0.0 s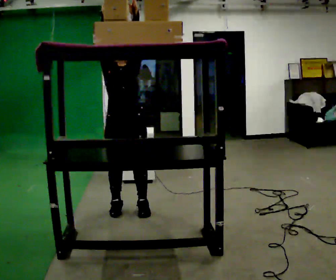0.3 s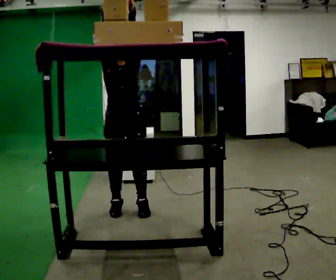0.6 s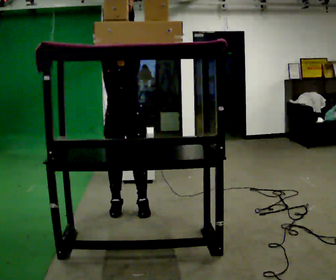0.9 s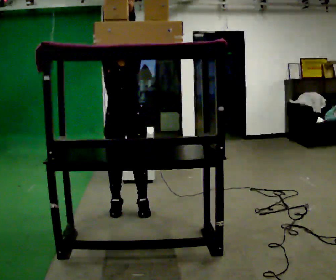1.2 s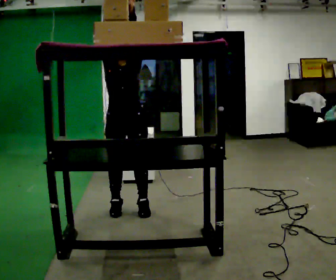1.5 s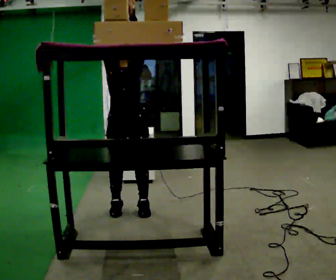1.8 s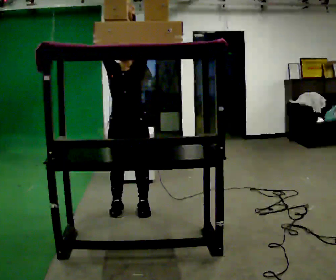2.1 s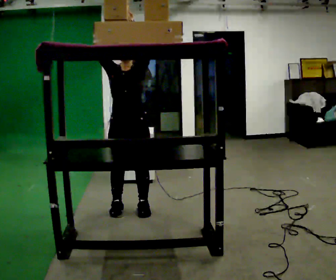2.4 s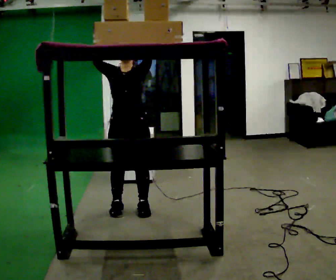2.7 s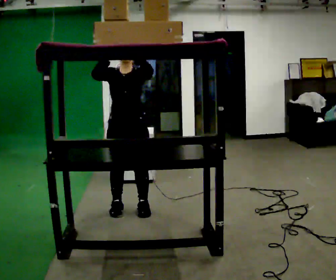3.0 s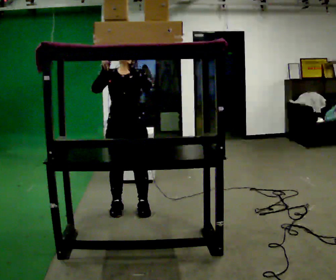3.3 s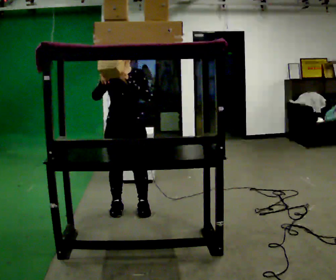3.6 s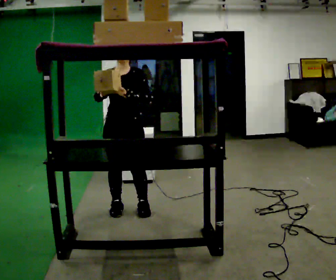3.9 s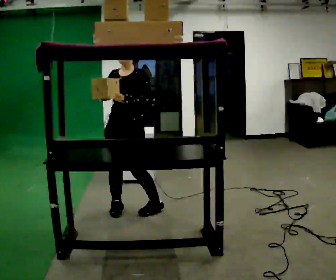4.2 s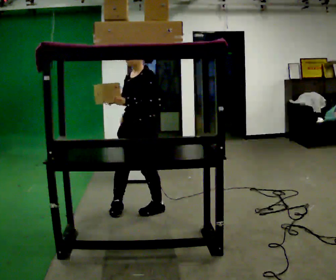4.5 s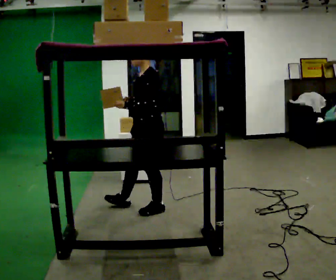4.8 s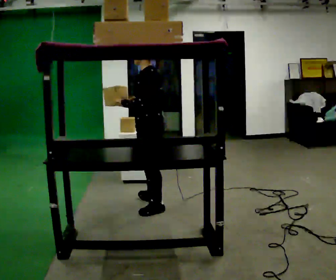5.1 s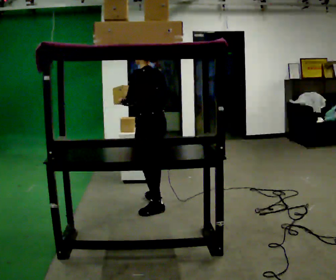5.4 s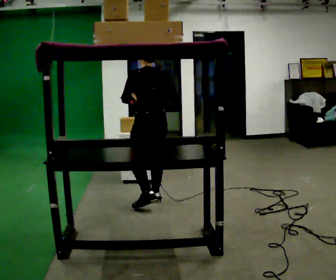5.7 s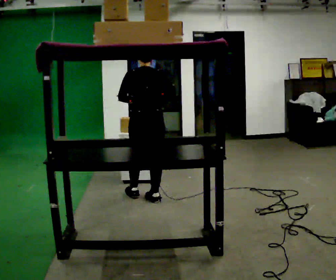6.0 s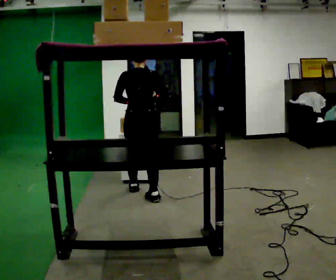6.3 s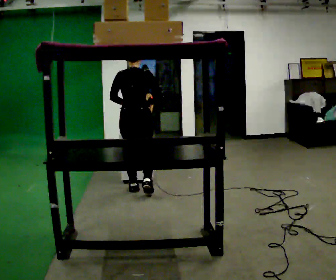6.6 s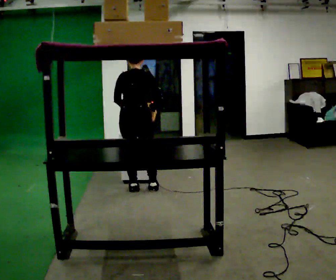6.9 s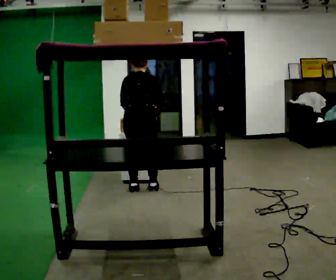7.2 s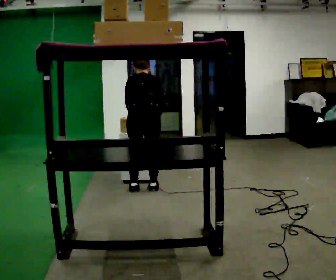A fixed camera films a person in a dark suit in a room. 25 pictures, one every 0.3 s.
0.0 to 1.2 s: The person moves a little, or ends about where they began.
1.2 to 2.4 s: The upper body tips away from the camera, its near side rolling upward, as they lean back or straighten.
2.4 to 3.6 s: In the picture their left hand goes downward.
3.6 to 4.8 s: The part of the body nearest the lens slides to the left as the person turns to their right by about 90 degrees. In the picture they go to the right, about 0.25 m in 1 step.
4.8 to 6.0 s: The person turns about 75 degrees to their right, clockwise seen from above, so the part of the body nearest the lens slides to the left. In the picture they go away from the camera, about 0.5 m in 2 steps.
6.0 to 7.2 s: In the picture they go away from the camera, about 0.25 m in 1 step, which for them is forward. The upper body tips away from the camera, its near side rolling upward, as they bend forward.
The film runs forward here.
